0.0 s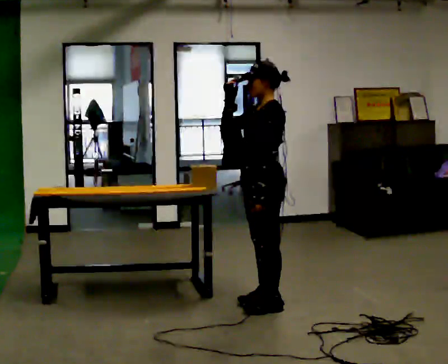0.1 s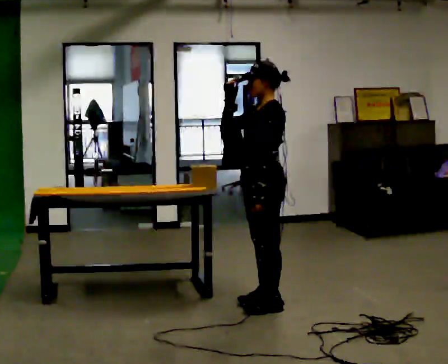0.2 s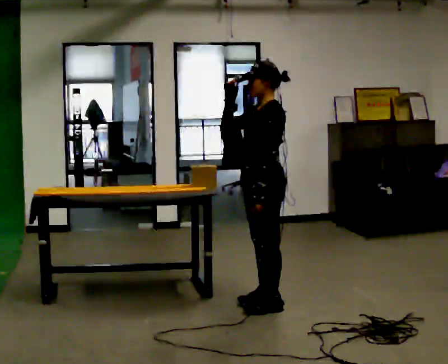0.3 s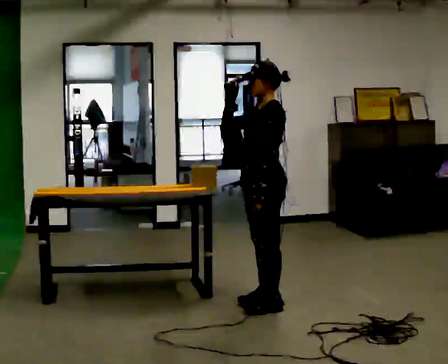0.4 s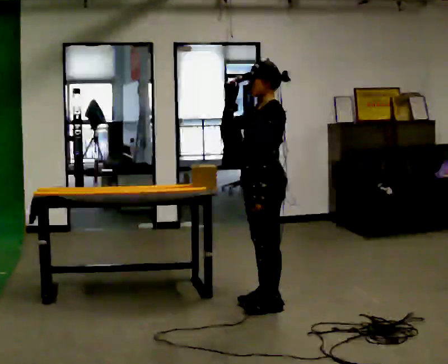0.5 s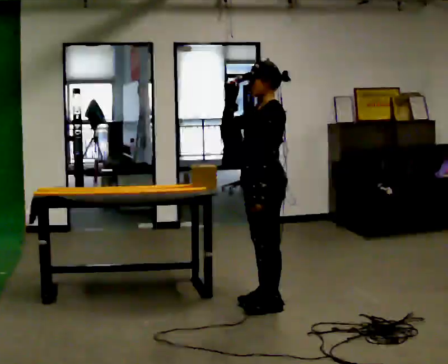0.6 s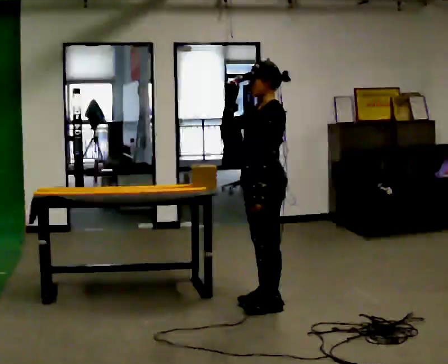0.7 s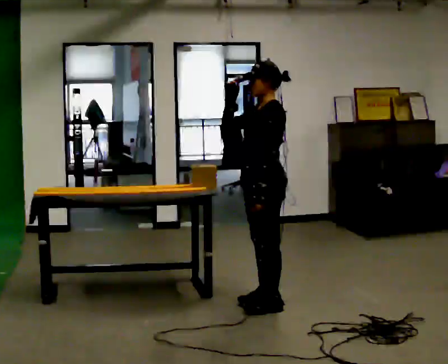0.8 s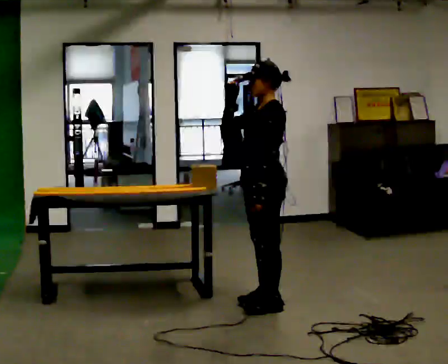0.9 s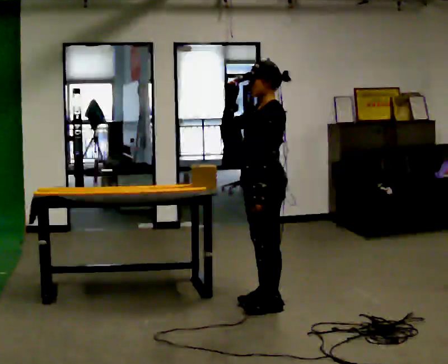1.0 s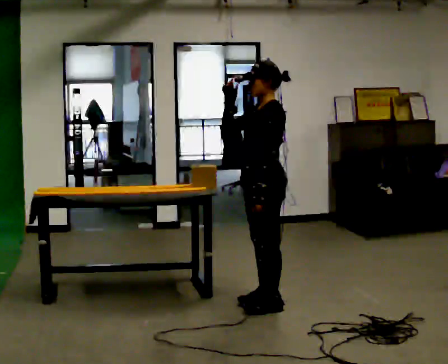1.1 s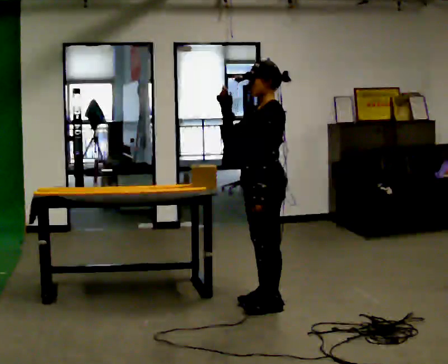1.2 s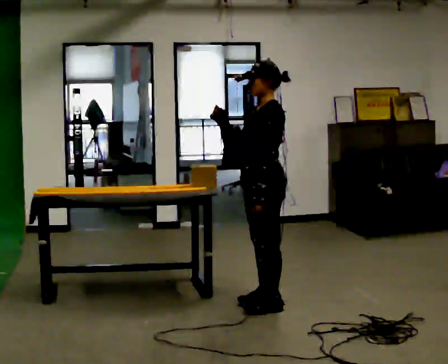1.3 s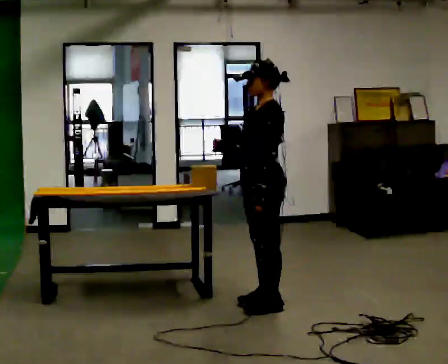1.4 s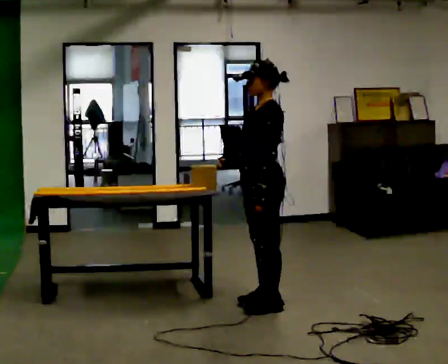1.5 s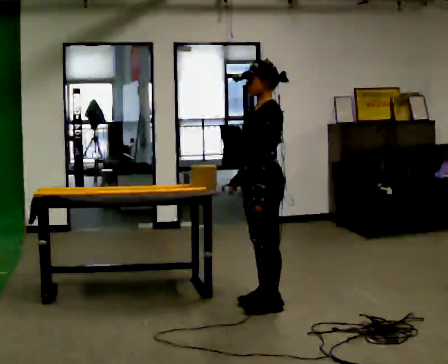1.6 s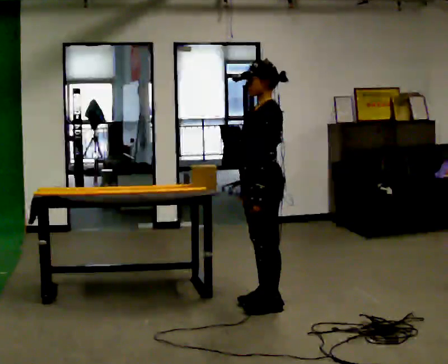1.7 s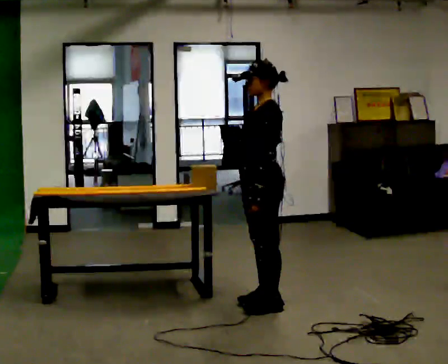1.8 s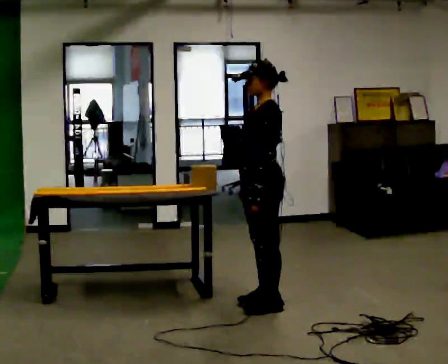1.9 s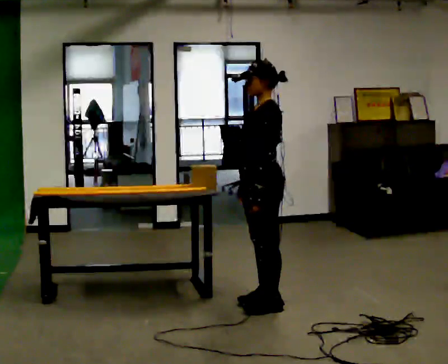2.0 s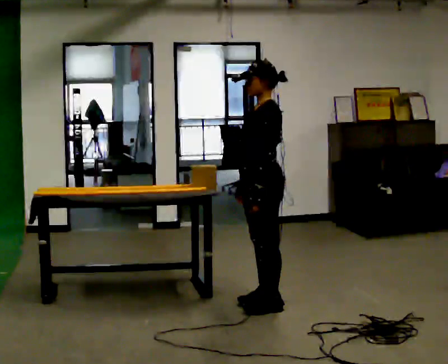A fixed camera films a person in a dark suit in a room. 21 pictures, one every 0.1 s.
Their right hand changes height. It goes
downward.
0.0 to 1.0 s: The person moves a little, or ends about where they began.
1.0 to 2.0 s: In the picture their right hand goes downward.
The film runs forward here.
